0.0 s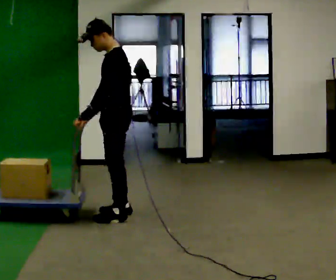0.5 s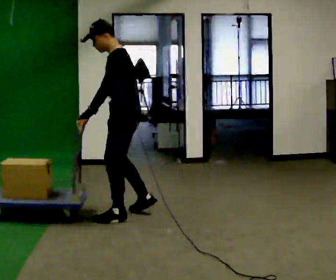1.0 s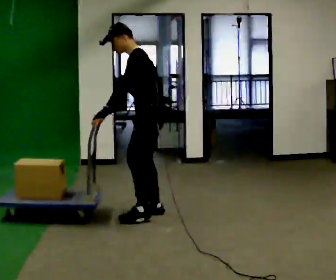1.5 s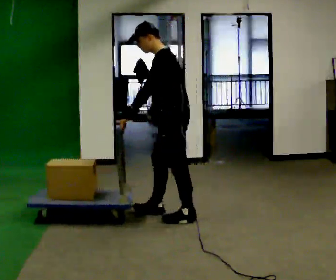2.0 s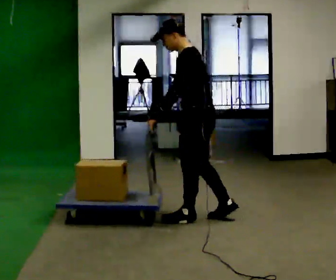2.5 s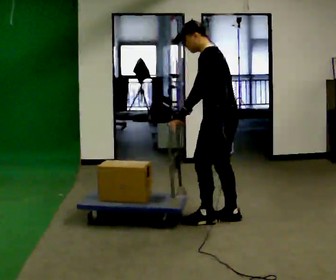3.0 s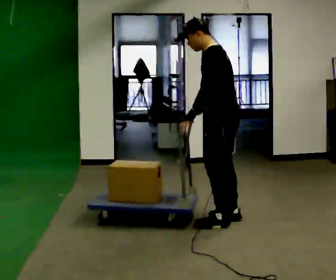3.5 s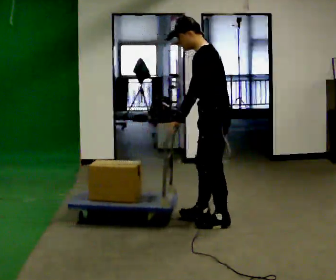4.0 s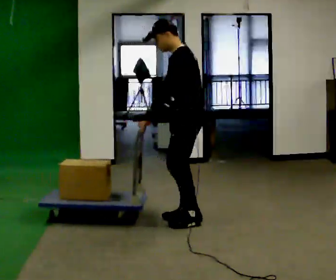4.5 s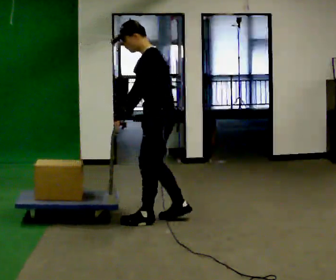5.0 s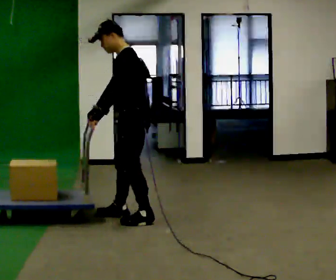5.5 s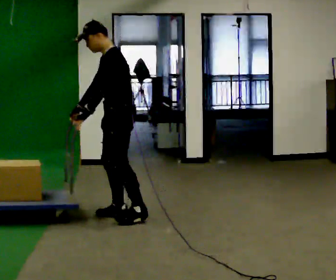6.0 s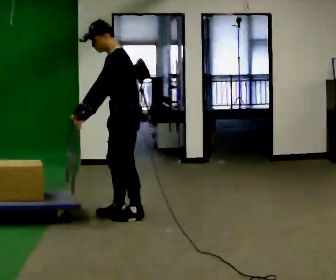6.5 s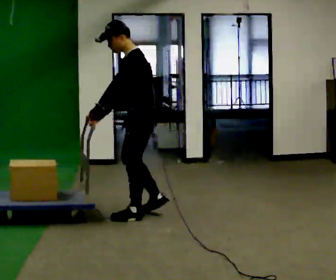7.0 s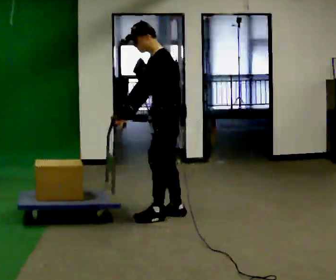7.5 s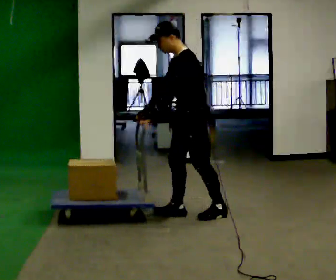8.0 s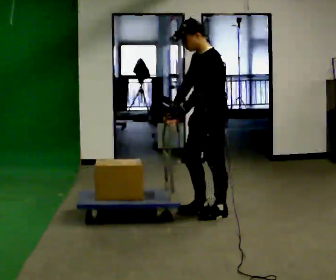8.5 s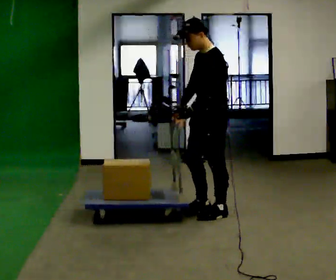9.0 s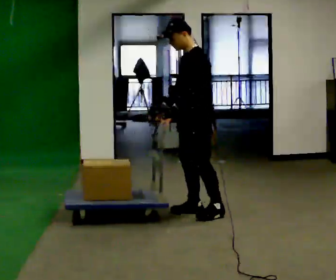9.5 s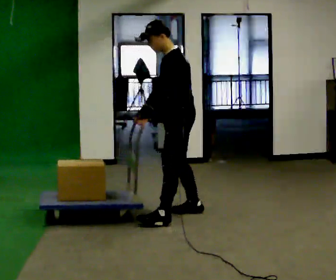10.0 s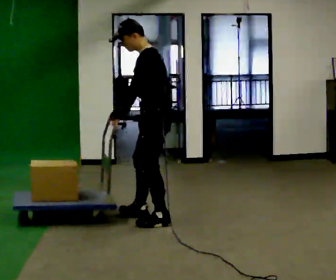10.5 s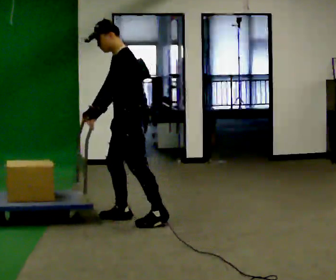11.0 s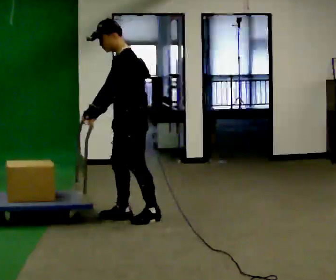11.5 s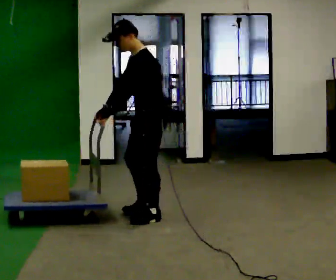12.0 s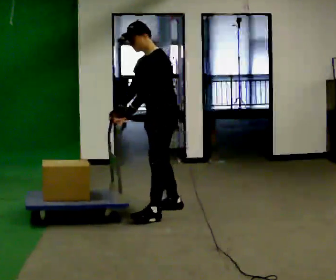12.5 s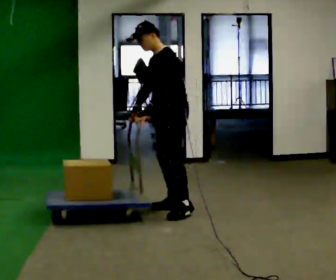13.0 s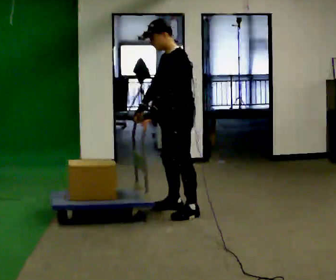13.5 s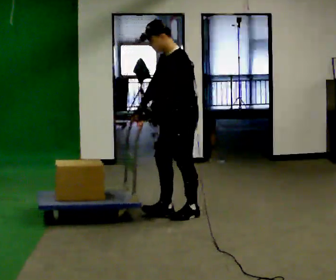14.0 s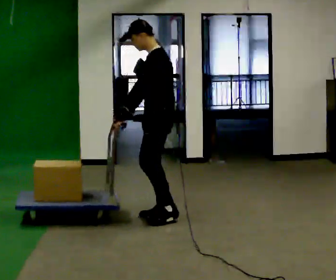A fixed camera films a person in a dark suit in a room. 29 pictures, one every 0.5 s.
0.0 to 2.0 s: In the picture they go to the right, about 0.75 m in 3 steps, which for them is backward.
2.0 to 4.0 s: The person moves a little, or ends about where they began.
4.0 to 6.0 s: In the picture they go to the left, about 0.5 m in 1 step, which for them is forward.
6.0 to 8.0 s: In the picture they go to the right, about 0.5 m in 3 steps, which for them is backward.
8.0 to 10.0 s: In the picture they go to the left and toward the camera, about 0.5 m in 2 steps, which for them is forward.
10.0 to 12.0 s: In the picture they go away from the camera, about 0.25 m in 2 steps, which for them is to their right and backward.
12.0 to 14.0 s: In the picture they go toward the camera, about 0.25 m in 3 steps, which for them is to their left.
The film runs backward here.
